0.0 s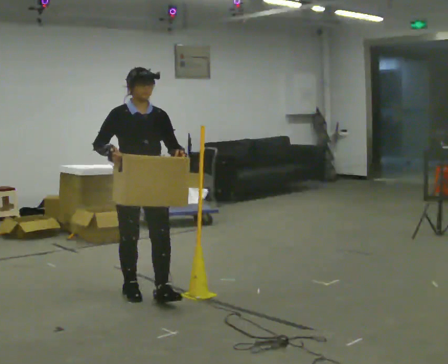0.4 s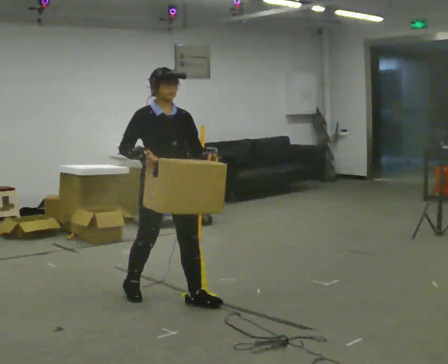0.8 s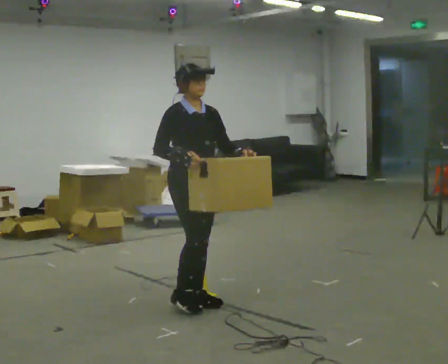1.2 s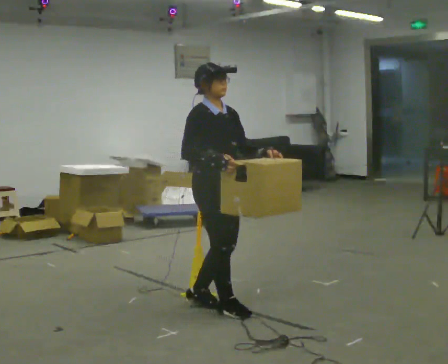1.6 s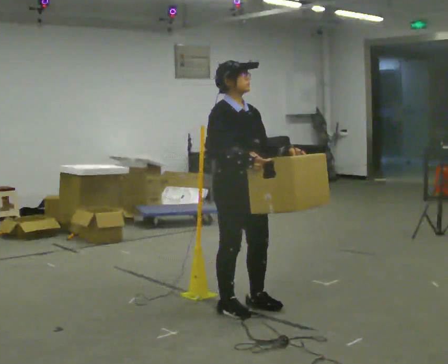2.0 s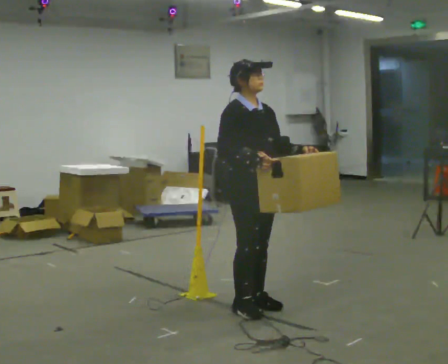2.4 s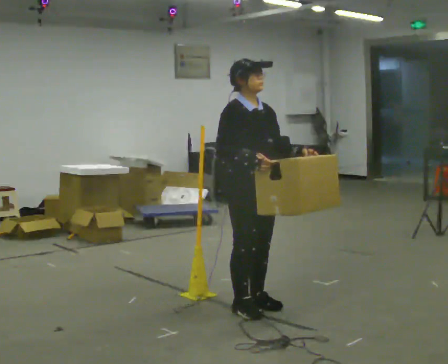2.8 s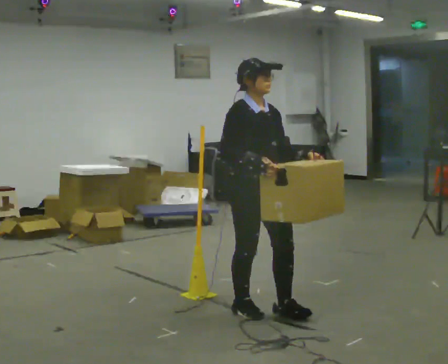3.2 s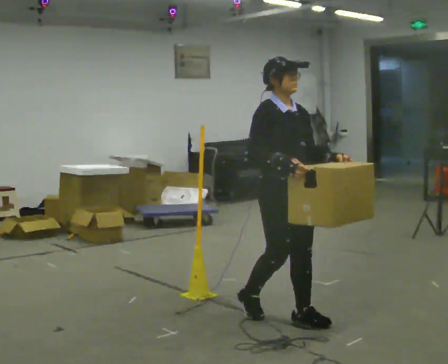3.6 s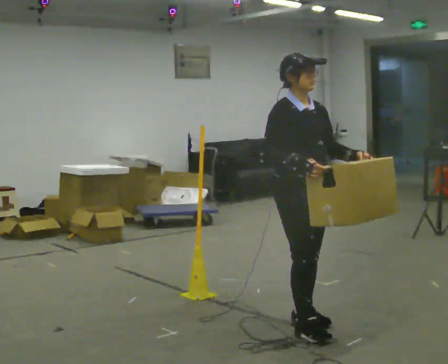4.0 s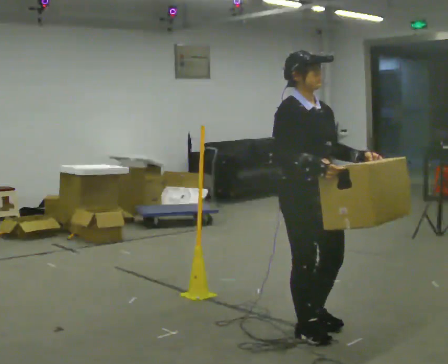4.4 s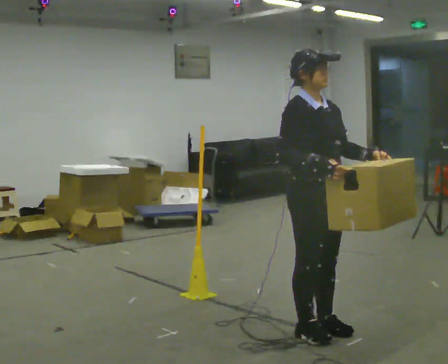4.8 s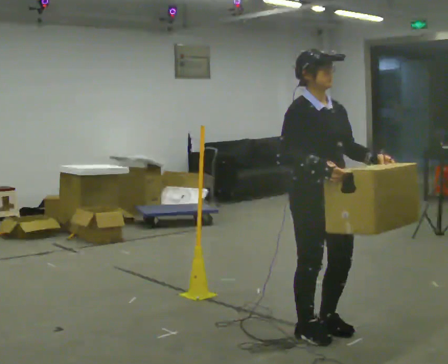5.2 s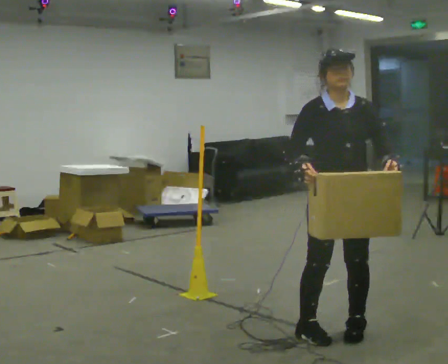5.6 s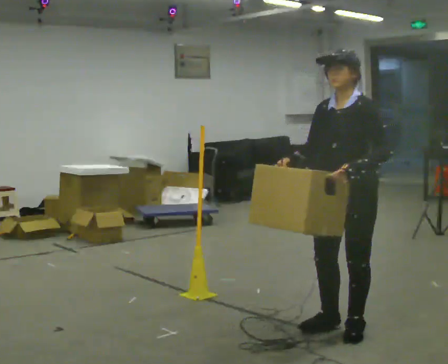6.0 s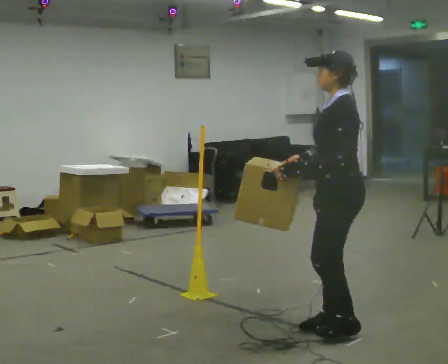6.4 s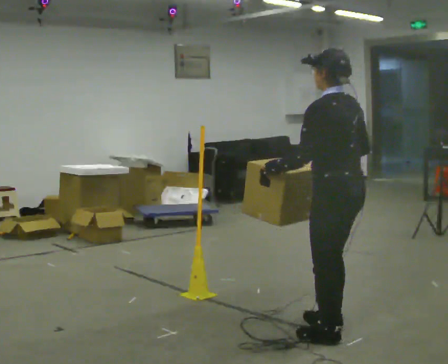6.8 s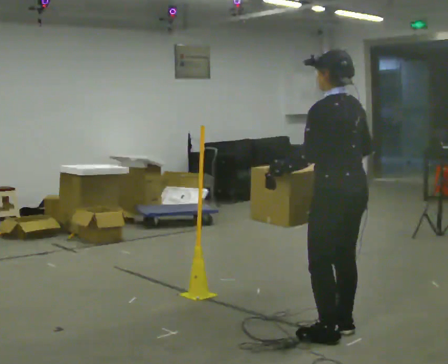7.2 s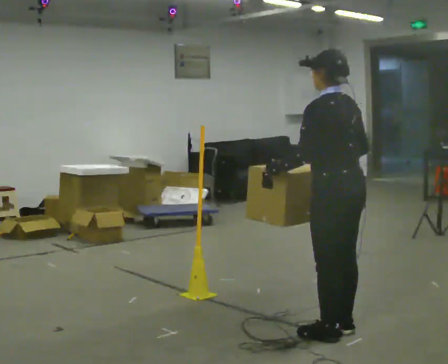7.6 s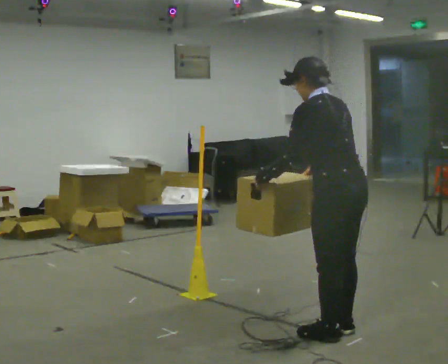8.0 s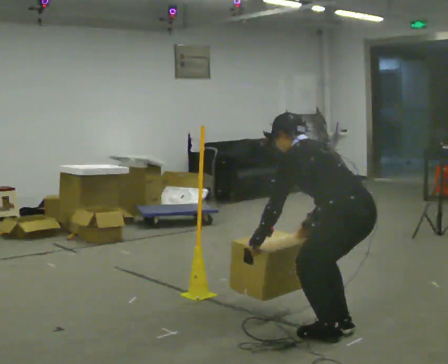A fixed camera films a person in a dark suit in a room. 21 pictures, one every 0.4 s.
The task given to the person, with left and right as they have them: Carry the box across the room. The operator will step into your path partway across, so go around them and carry on. Keep going until the operator says stop; one object at a time, and do not rush between trips.
0.0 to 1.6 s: Seen from above the body turns counterclockwise, about 30 degrees: to their left, with its near side sliding to the right. In the picture they go to the right, about 0.5 m in 3 steps, which for them is forward and to their left.
1.6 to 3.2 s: In the picture they go to the right and toward the camera, about 0.5 m in 1 step, which for them is forward.
3.2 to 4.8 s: In the picture they go toward the camera and to the right, about 0.25 m in 2 steps, which for them is forward.
4.8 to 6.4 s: The person turns about 165 degrees to their right, clockwise seen from above, so the part of the body nearest the lens slides to the left. In the picture their left hand goes to the left.
6.4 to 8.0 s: The upper body goes downward. In the picture the upper body tilts counterclockwise, shoulders to the left, as they bend forward. In the picture their left hand goes downward.
The film runs forward here.
